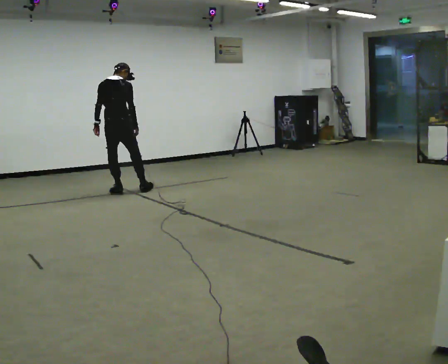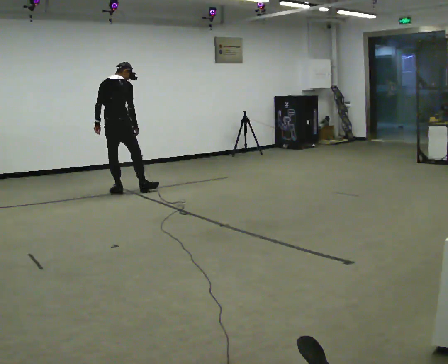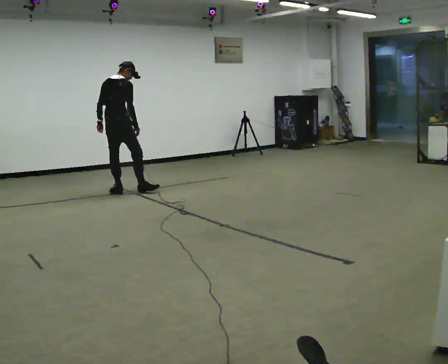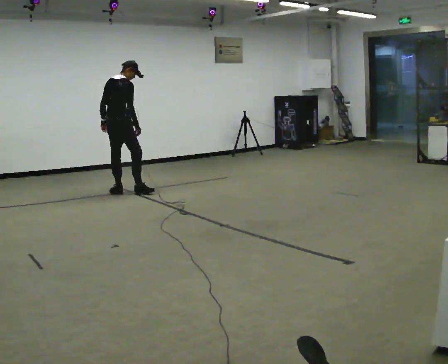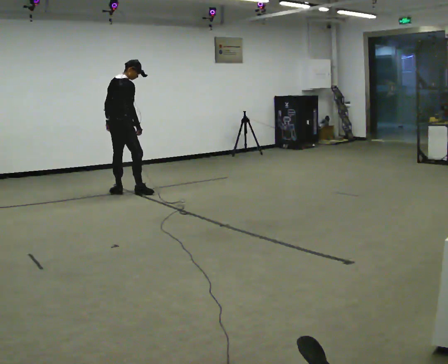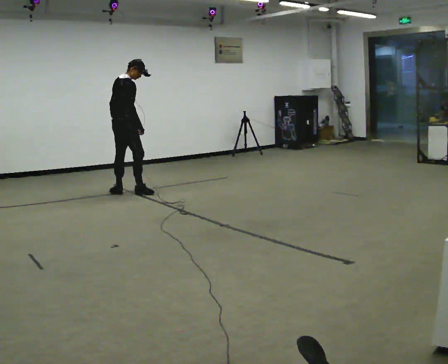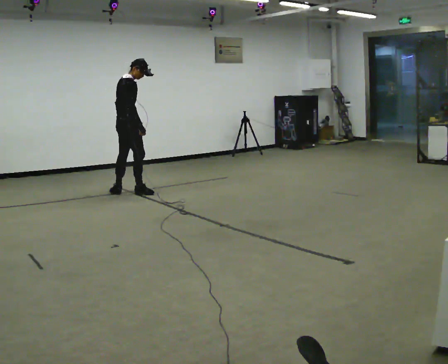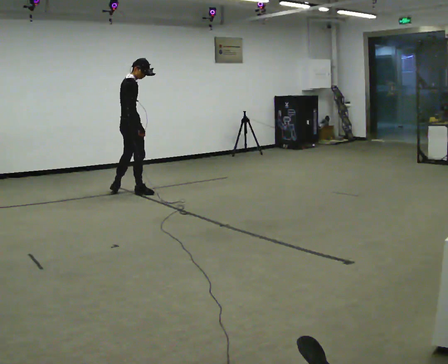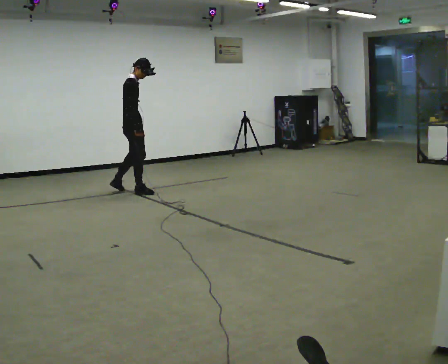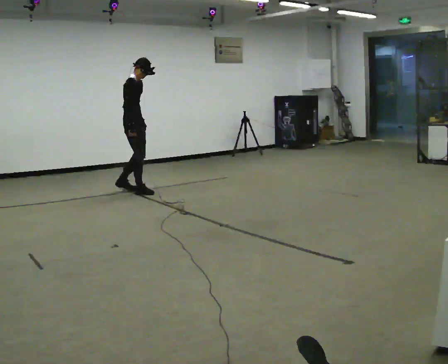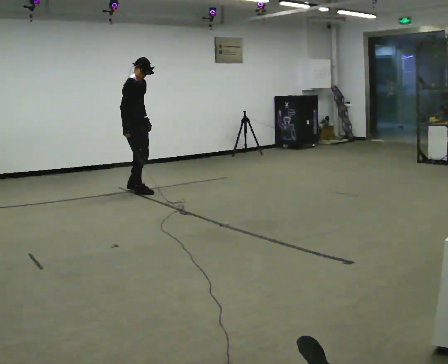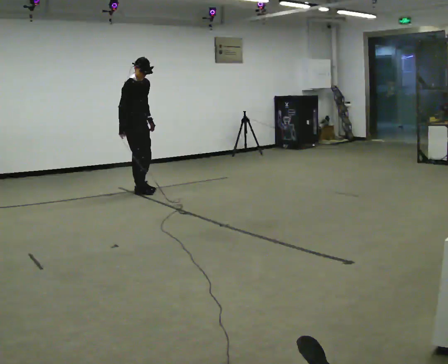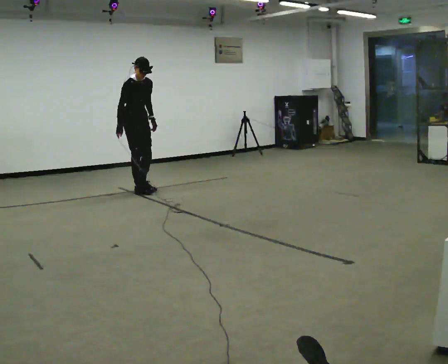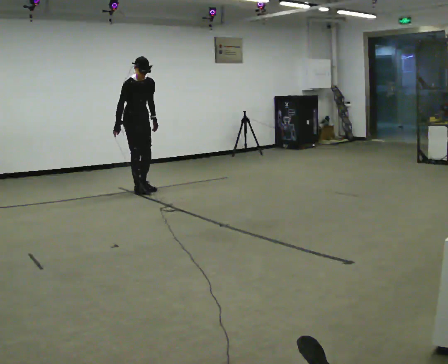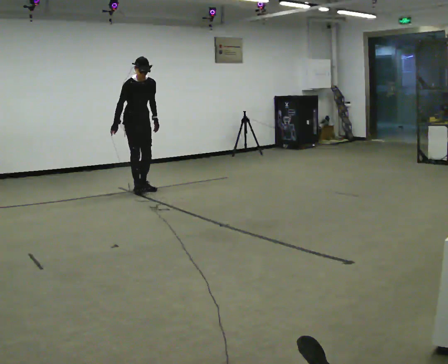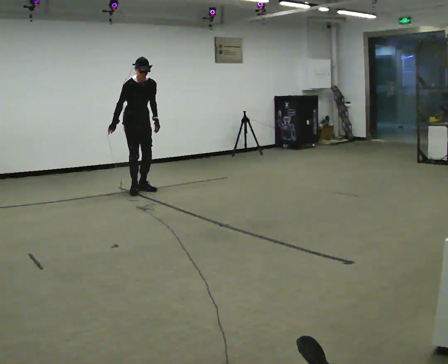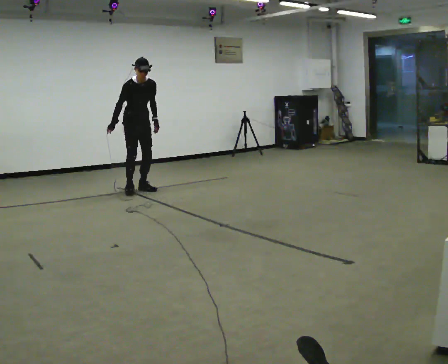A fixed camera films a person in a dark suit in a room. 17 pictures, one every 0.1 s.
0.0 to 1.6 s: The person turns about 150 degrees to their right, clockwise seen from above, so the part of the body nearest the lens slides to the left. In the picture they go away from the camera and to the right, about 0.25 m in 1 step. The upper body tips toward the camera, its near side rolling downward.
The film runs forward here.
